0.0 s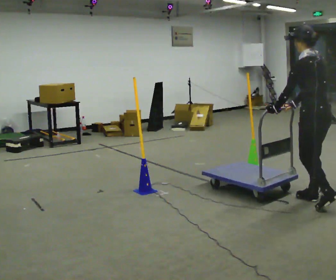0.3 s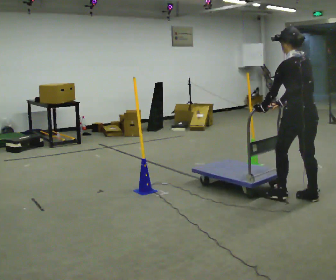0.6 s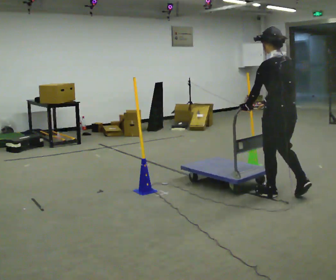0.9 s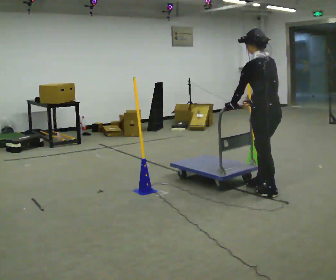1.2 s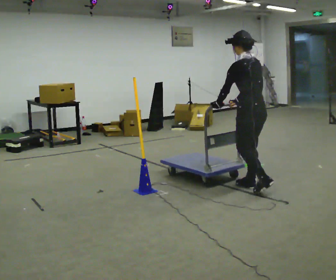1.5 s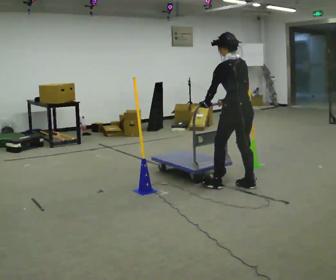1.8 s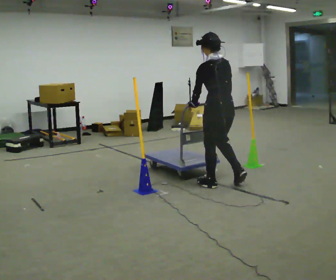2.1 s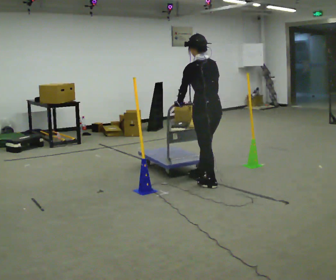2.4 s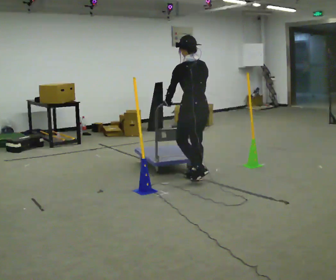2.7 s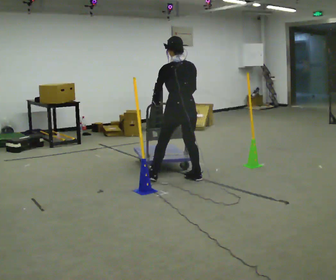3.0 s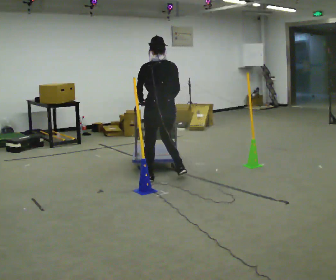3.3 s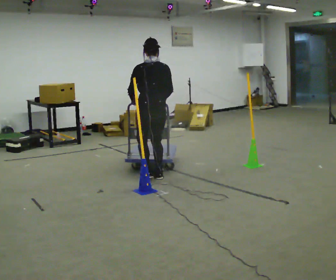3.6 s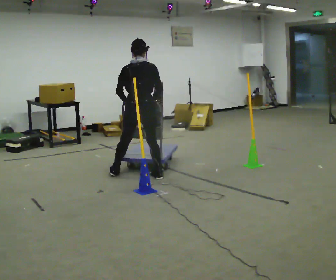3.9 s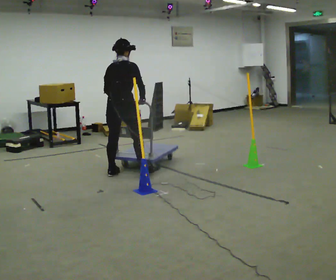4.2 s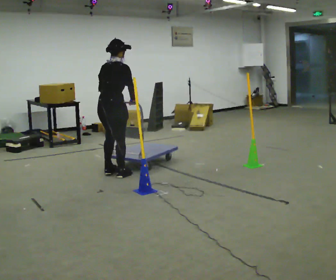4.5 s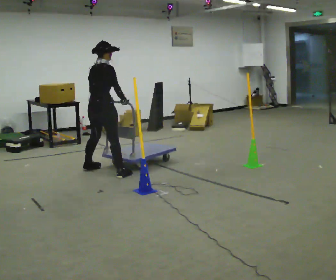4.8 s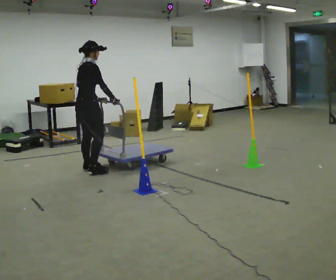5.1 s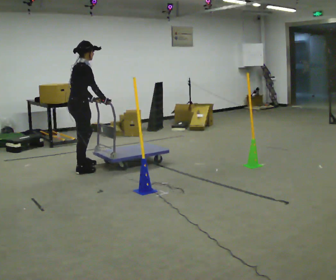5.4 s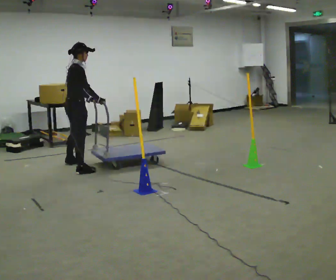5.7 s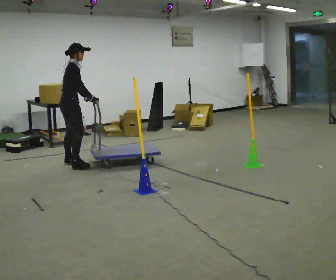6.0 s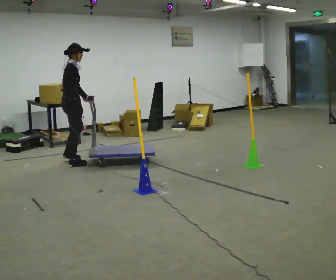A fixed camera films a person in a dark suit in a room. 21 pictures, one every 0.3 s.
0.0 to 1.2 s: In the picture they go away from the camera and to the left, about 0.5 m in 2 steps, which for them is forward.
1.2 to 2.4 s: In the picture they go to the left and away from the camera, about 0.75 m in 2 steps, which for them is forward.
2.4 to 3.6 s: The person turns about 45 degrees to their right, clockwise seen from above, so the part of the body nearest the lens slides to the left. In the picture they go to the left, about 0.75 m in 2 steps, which for them is to their left and forward.
3.6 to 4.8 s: Seen from above the body turns clockwise, about 60 degrees: to their right, with its near side sliding to the left. In the picture they go to the left, about 0.75 m in 3 steps, which for them is to their left.
4.8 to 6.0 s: In the picture they go away from the camera and to the left, about 0.5 m in 3 steps, which for them is to their left.
The film runs forward here.
